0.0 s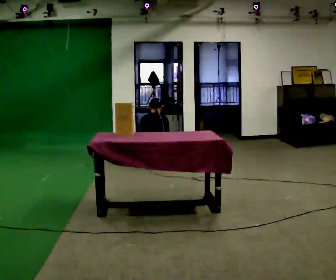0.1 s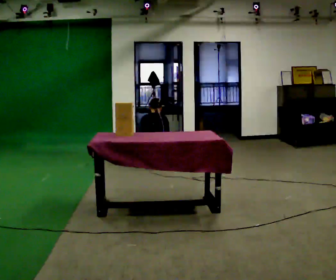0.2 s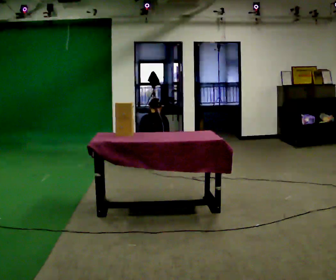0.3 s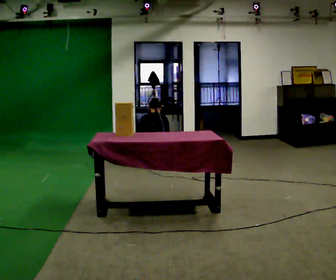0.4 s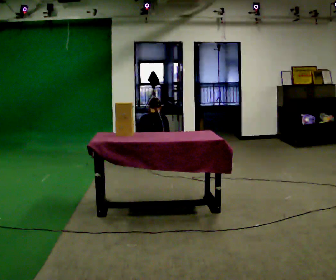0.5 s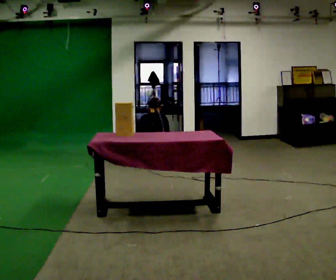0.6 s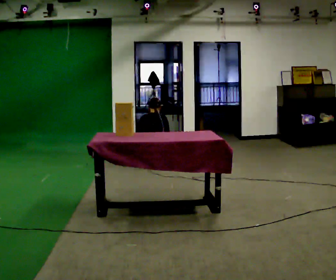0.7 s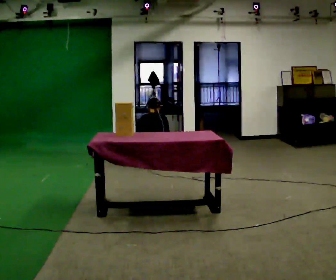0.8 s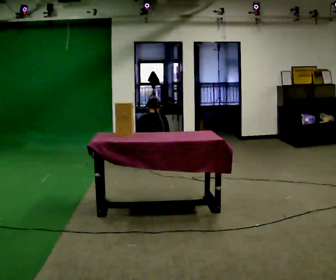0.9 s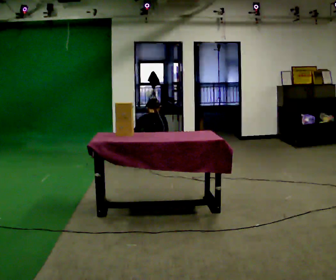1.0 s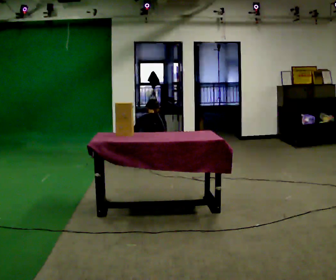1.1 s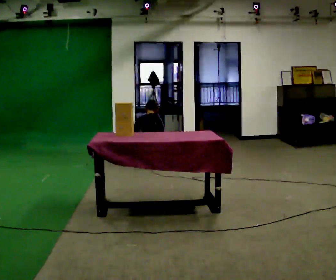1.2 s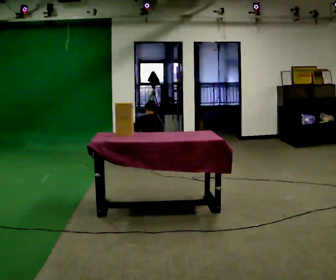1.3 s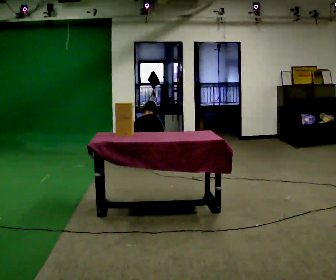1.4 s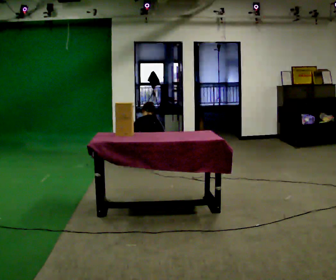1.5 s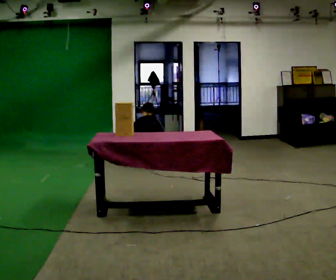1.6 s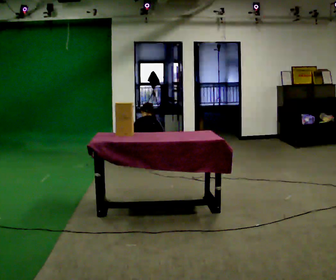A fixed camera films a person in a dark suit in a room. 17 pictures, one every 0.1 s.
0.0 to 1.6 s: In the picture the upper body tilts counterclockwise, shoulders to the left, as they bend forward. In the picture their left hand goes to the left.
The film runs backward here.
